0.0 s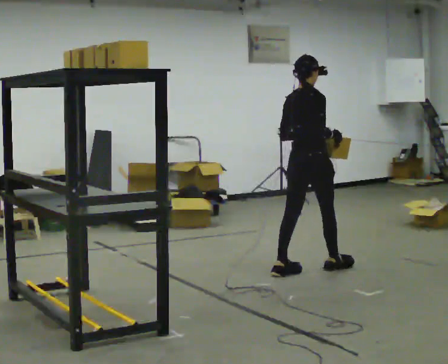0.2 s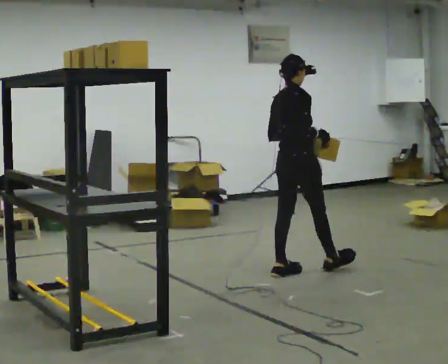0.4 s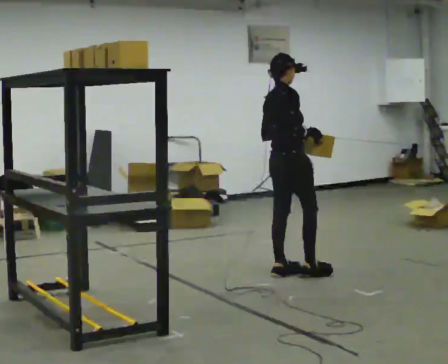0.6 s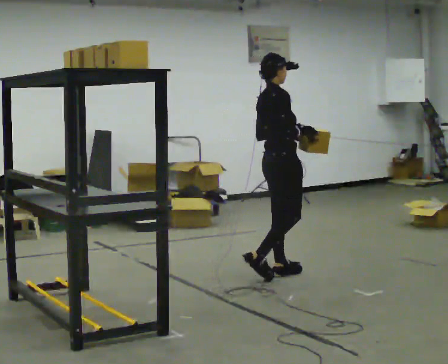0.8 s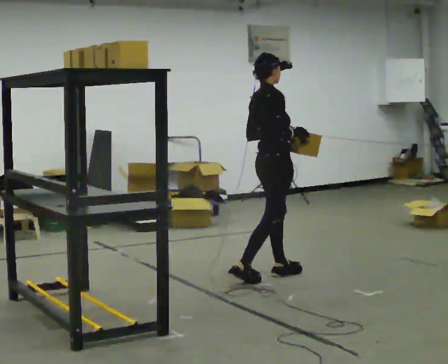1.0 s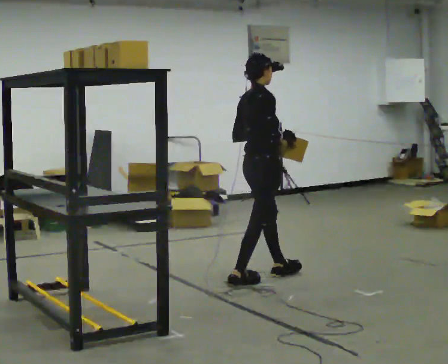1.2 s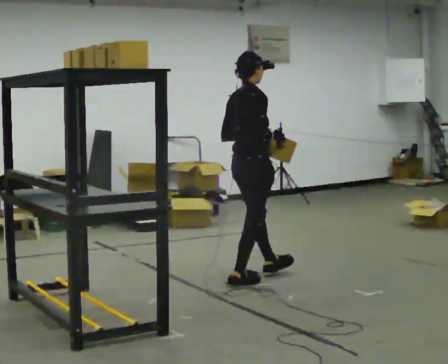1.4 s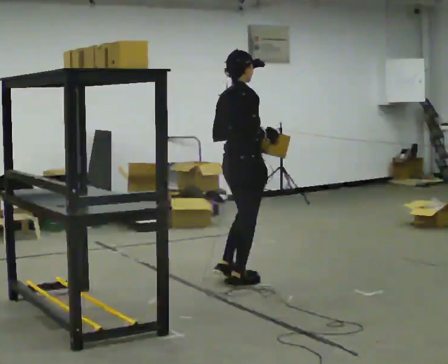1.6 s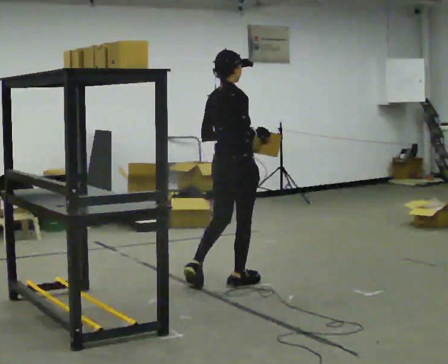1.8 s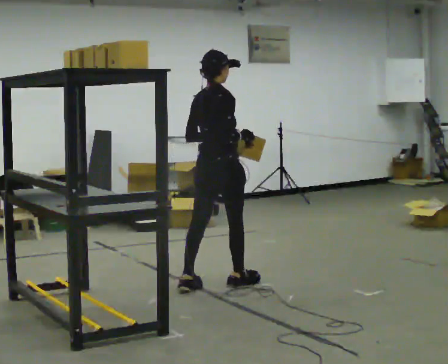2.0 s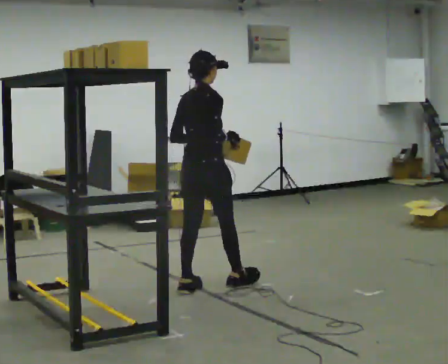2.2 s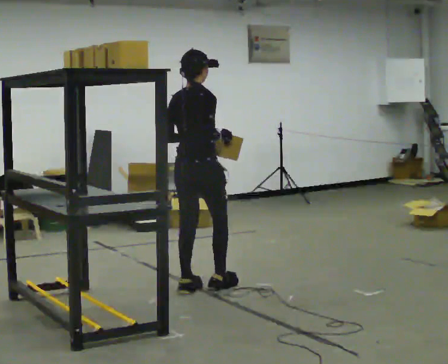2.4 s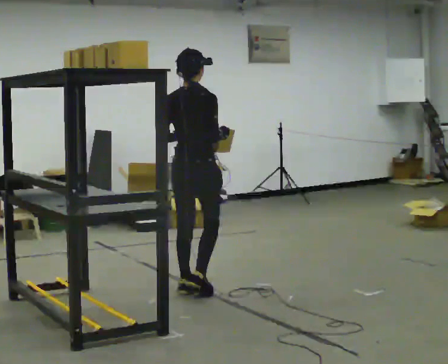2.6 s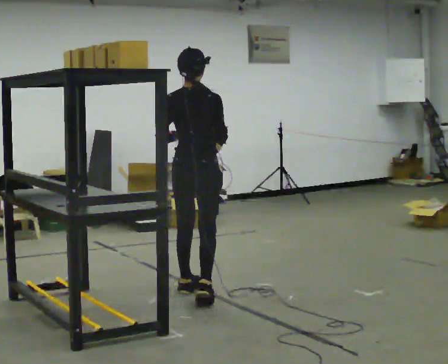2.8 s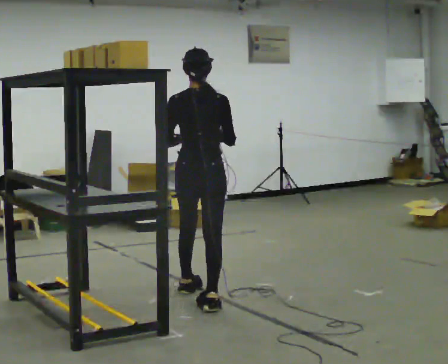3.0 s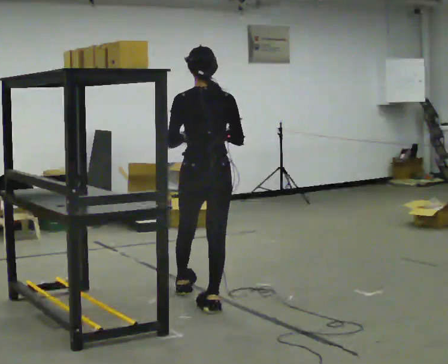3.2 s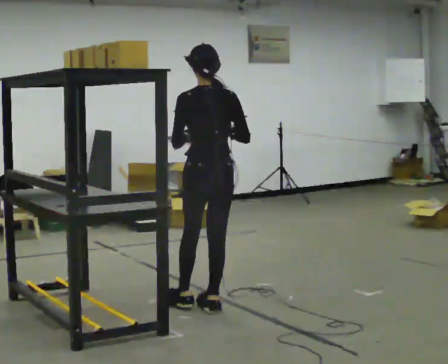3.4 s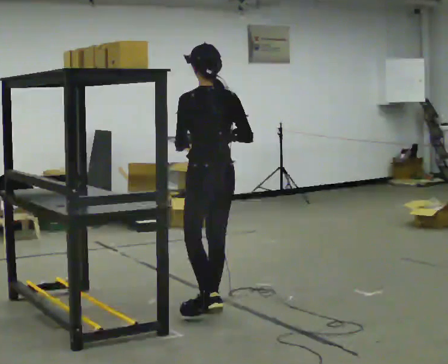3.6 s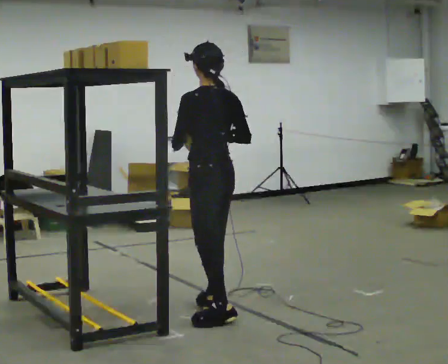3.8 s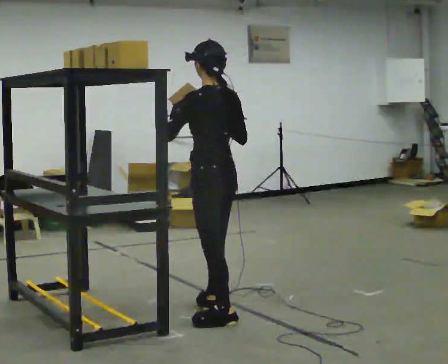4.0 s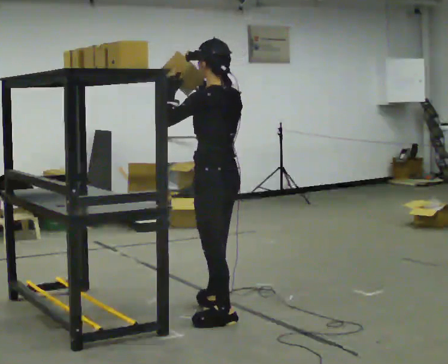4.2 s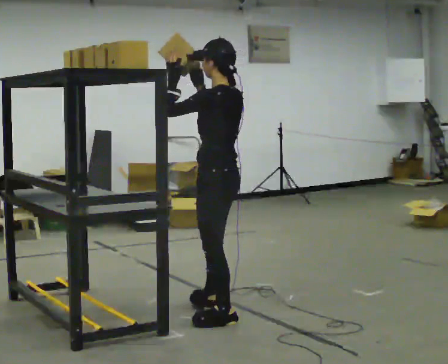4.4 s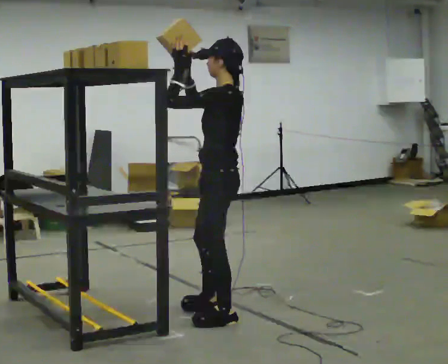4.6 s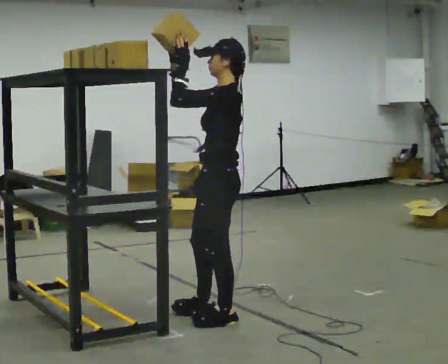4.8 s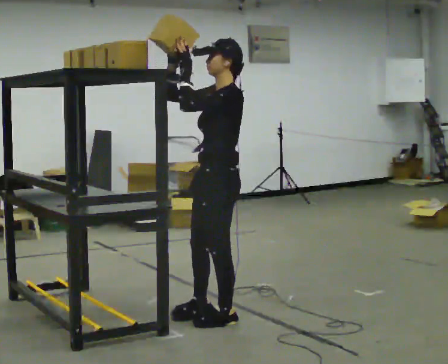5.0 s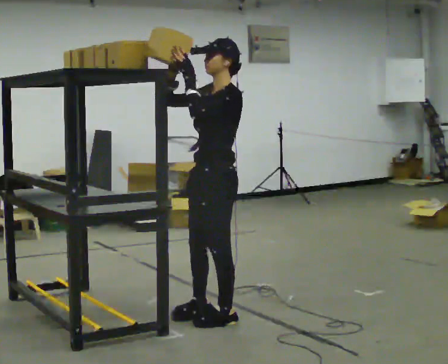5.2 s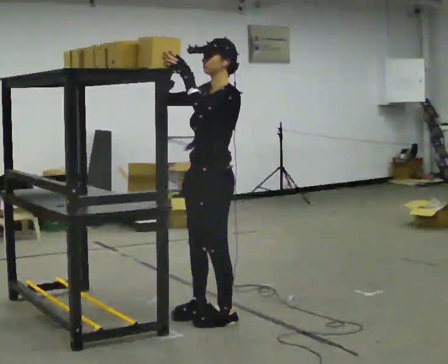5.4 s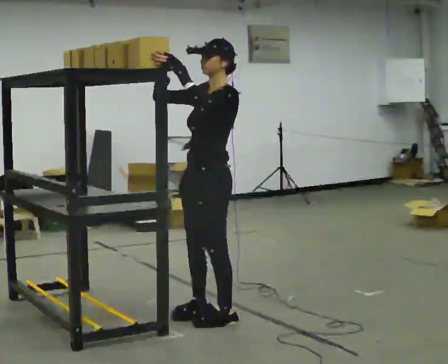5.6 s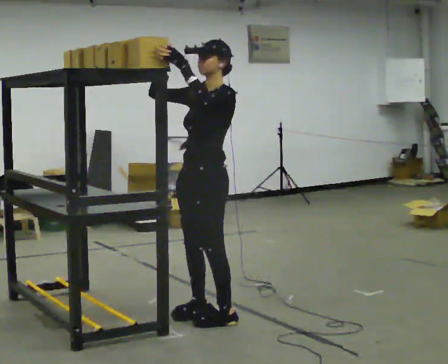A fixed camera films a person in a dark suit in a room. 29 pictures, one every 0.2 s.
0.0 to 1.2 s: In the picture they go to the left and toward the camera, about 0.5 m in 2 steps, which for them is backward and to their right.
1.2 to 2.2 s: In the picture they go to the left and toward the camera, about 0.5 m in 1 step, which for them is backward.
2.2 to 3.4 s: The person turns about 75 degrees to their left, counterclockwise seen from above, so the part of the body nearest the lens slides to the right. In the picture they go toward the camera, about 0.5 m in 1 step.
3.4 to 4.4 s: Seen from above the body turns counterclockwise, about 45 degrees: to their left, with its near side sliding to the right. In the picture they go toward the camera, about 0.25 m, which for them is backward and to their left. In the picture their right hand goes upward.
4.4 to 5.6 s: The person turns about 45 degrees to their left, counterclockwise seen from above, so the part of the body nearest the lens slides to the right.
The film runs backward here.
